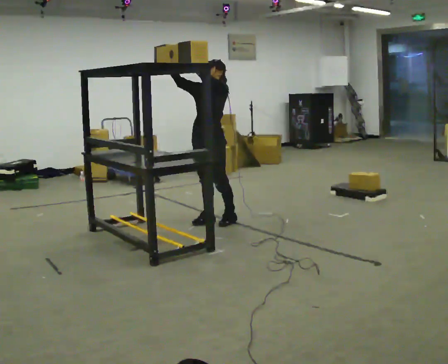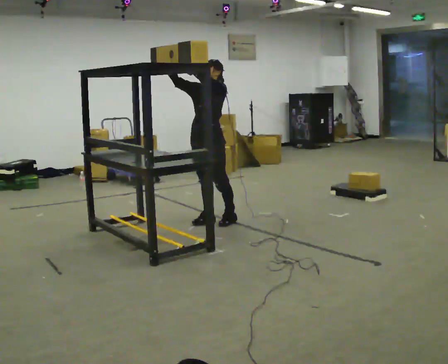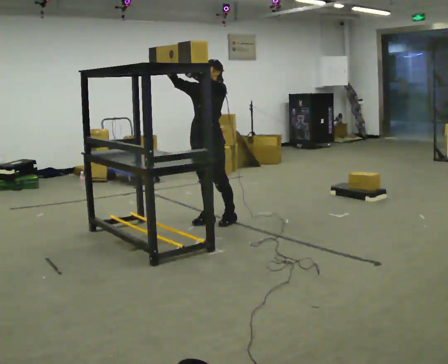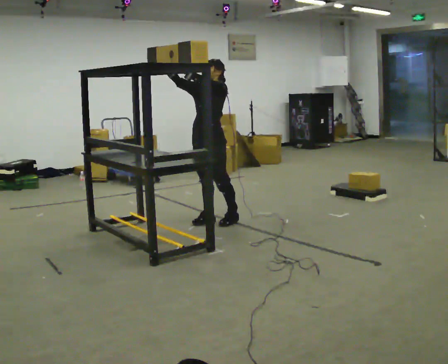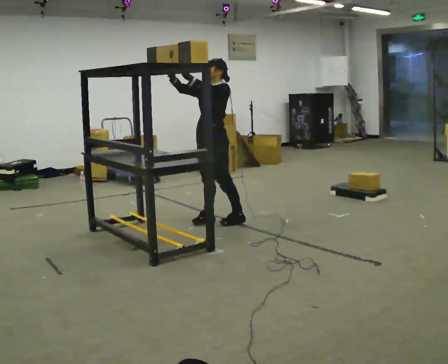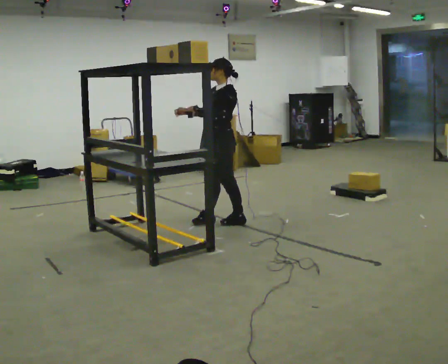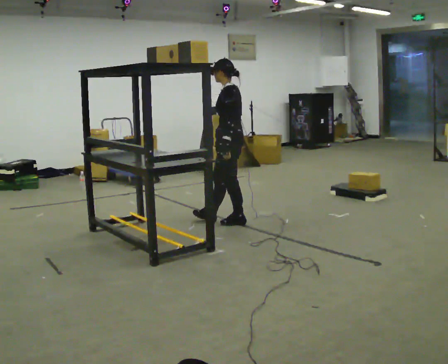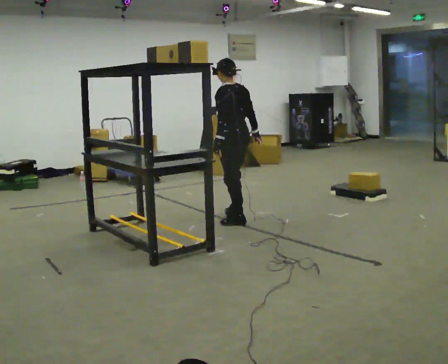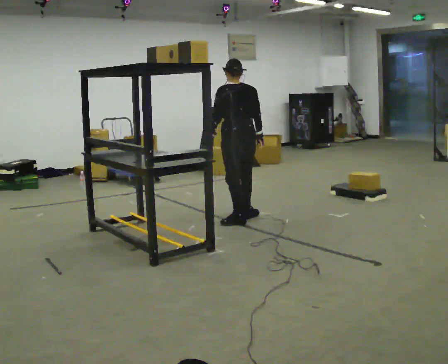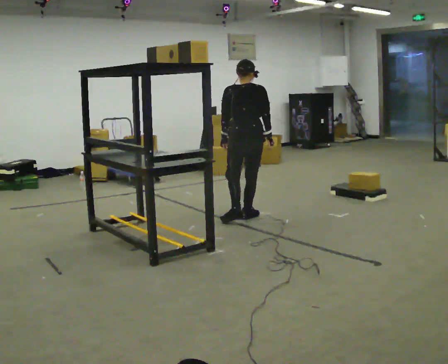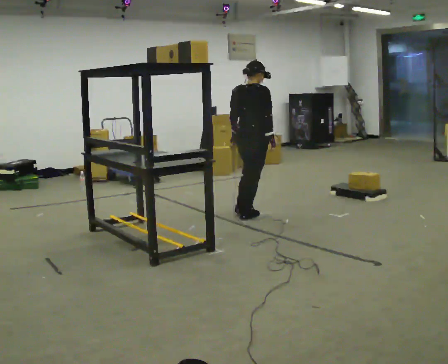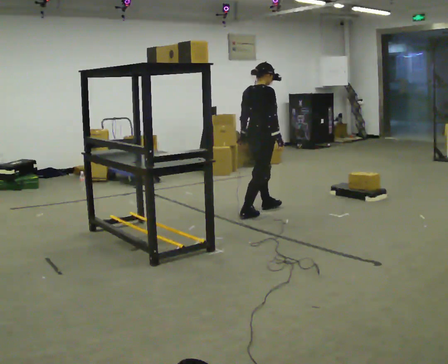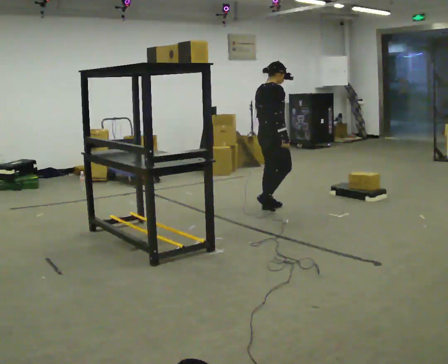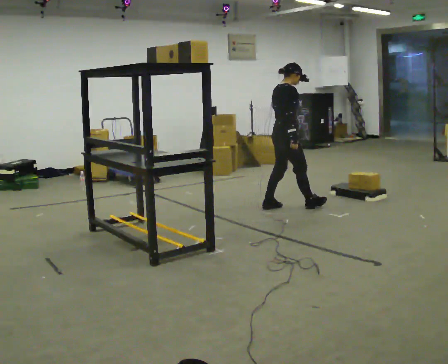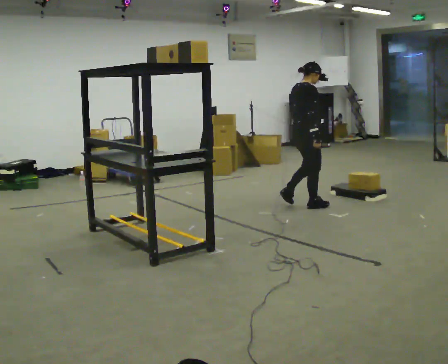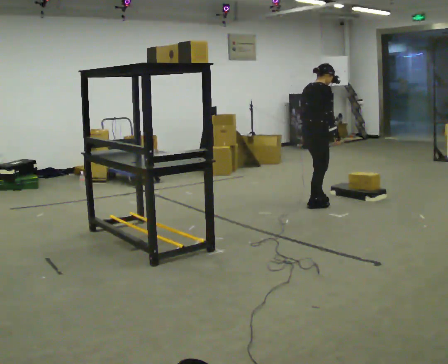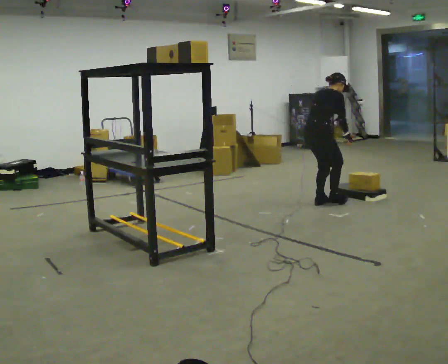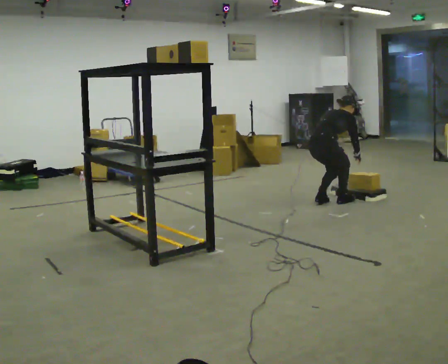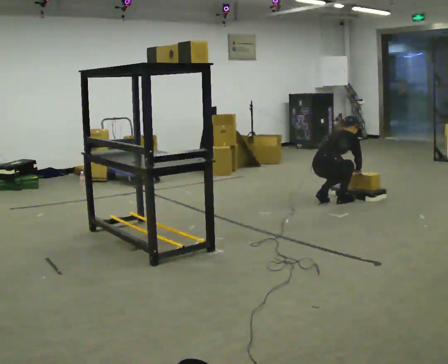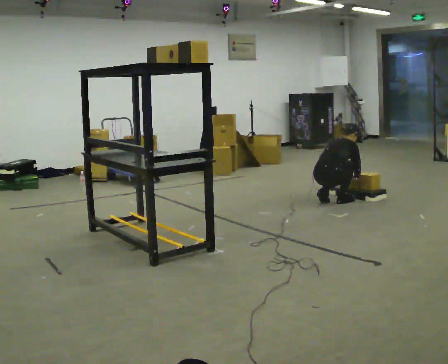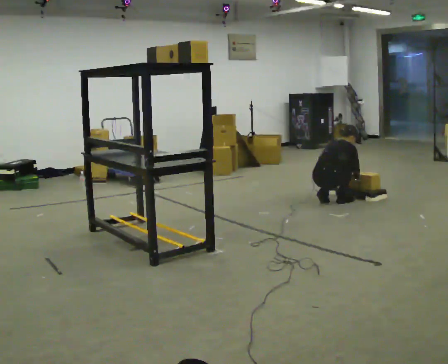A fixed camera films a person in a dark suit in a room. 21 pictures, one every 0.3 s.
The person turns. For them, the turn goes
to their right.
The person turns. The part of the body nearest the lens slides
to the left.
0.0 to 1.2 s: The person moves a little, or ends about where they began.
1.2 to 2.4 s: The person turns about 105 degrees to their right, clockwise seen from above, so the part of the body nearest the lens slides to the left. In the picture they go to the right, about 0.25 m in 1 step. In the picture their right hand goes downward, the arm swinging counterclockwise.
2.4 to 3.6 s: The person turns about 90 degrees to their right, clockwise seen from above, so the part of the body nearest the lens slides to the left. In the picture they go away from the camera and to the right, about 0.5 m in 1 step.
3.6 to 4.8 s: In the picture they go to the right, about 0.5 m in 2 steps, which for them is forward. In the picture the upper body tilts clockwise, shoulders to the right, as they bend forward.
4.8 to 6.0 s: The upper body goes downward. In the picture their left hand goes downward.
The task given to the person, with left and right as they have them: Take an object from the lowest shelf, carry it across the room, and place it on the highest shelf you can comfortably reach. Keep going until the operator says stop; one object at a time, and do not rush between trips.
The film runs forward here.
